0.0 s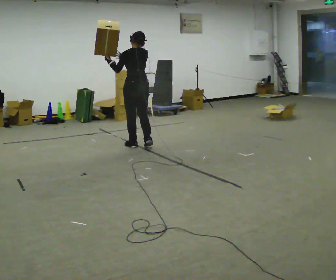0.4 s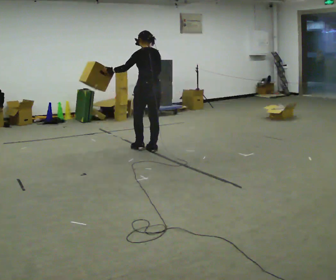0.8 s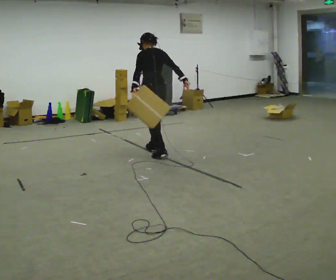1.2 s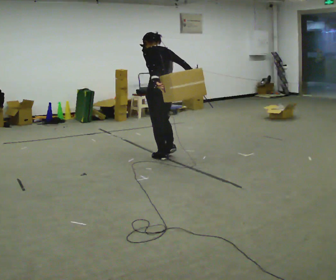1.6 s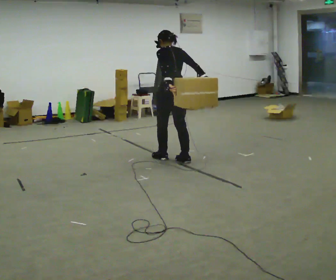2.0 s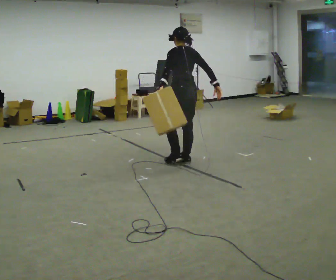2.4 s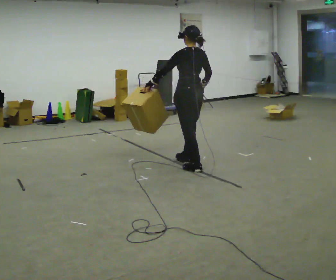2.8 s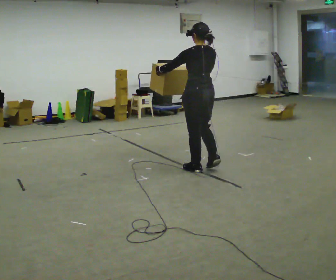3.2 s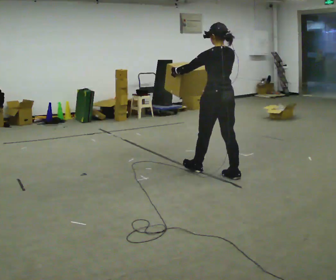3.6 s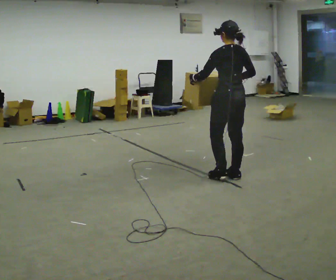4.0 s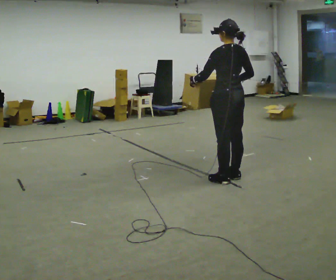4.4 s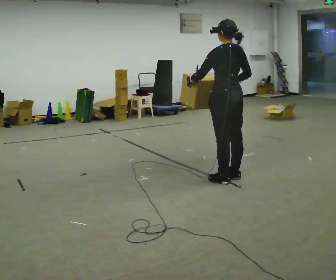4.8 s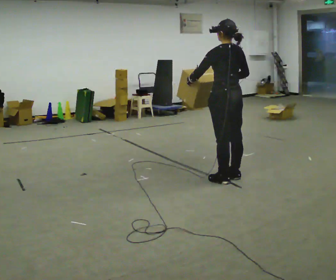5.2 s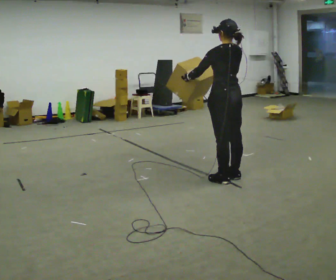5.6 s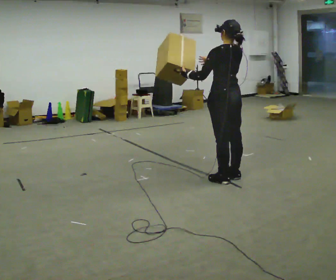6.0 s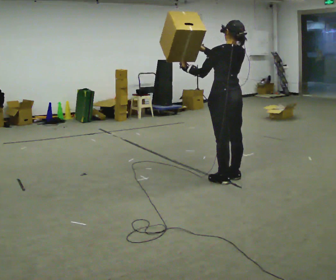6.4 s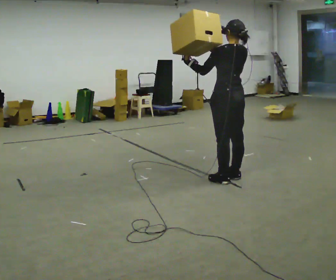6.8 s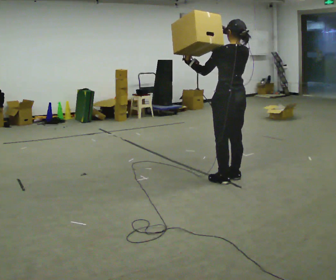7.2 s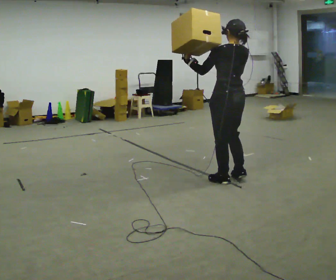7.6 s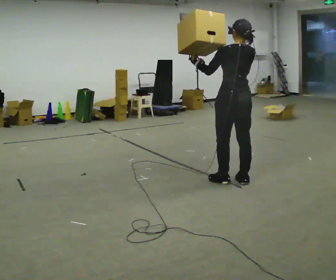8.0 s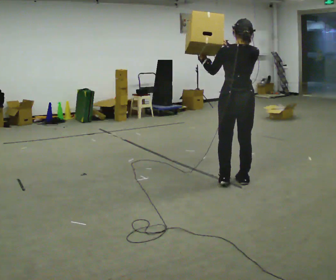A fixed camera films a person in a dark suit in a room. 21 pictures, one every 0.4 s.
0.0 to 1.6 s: In the picture they go to the right and toward the camera, about 1 m in 2 steps, which for them is backward.
1.6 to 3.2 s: In the picture they go to the right and toward the camera, about 1 m in 2 steps, which for them is backward.
3.2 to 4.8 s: In the picture they go toward the camera, about 0.25 m in 1 step, which for them is backward.
4.8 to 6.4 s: In the picture their right hand goes upward.
6.4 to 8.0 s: The part of the body nearest the lens slides to the left as the person turns to their right by about 30 degrees.
The film runs backward here.
